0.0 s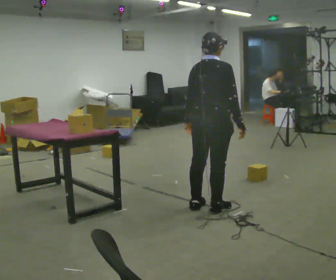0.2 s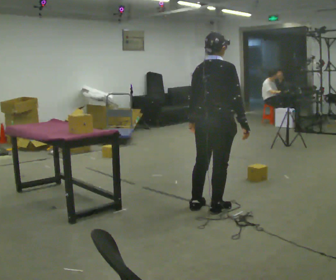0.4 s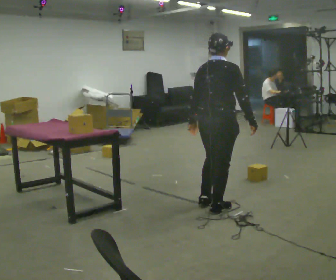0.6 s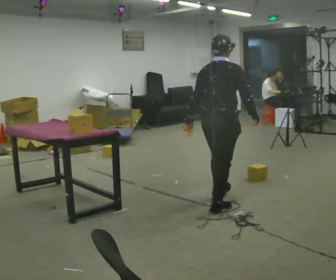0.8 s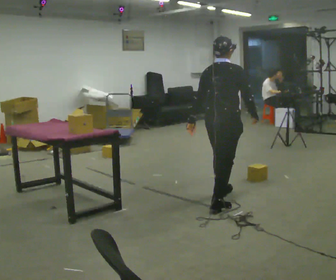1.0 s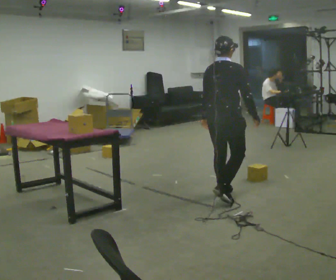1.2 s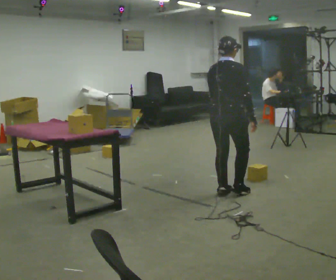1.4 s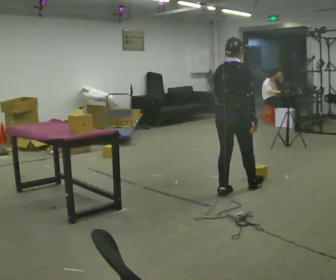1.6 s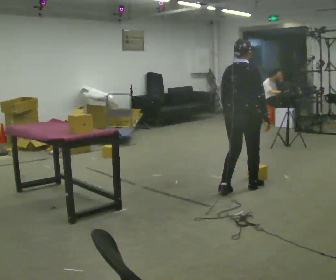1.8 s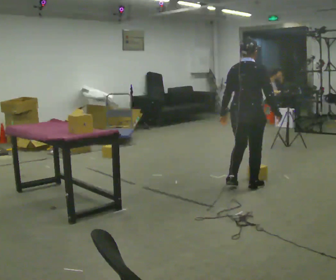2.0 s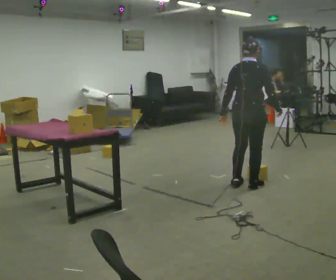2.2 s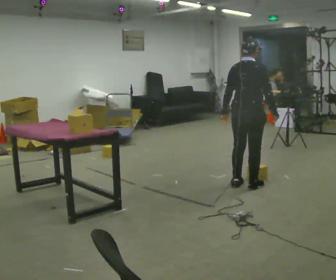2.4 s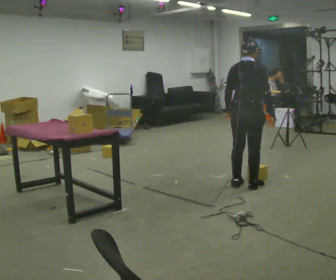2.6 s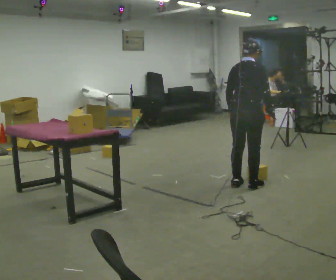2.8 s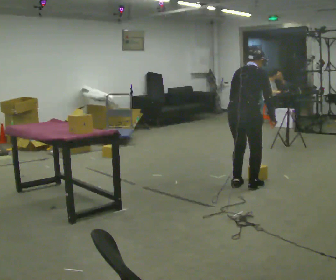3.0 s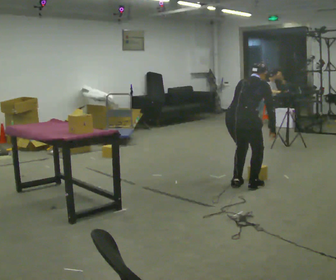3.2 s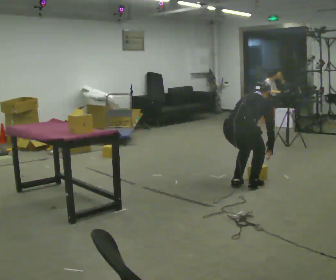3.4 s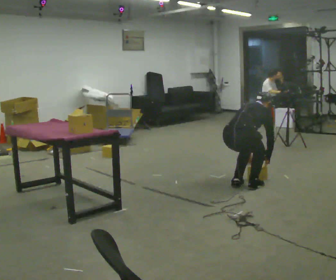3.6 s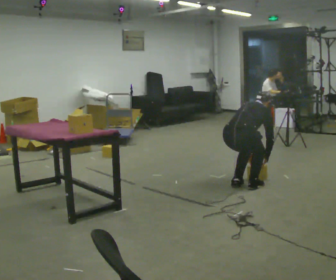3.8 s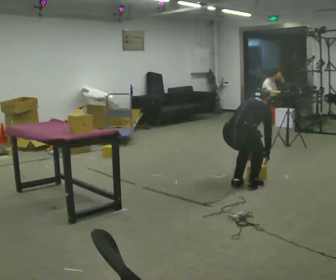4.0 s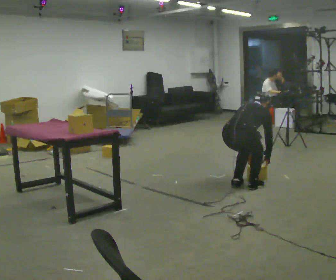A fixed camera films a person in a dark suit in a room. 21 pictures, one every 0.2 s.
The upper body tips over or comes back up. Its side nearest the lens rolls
upward.
0.0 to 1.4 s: In the picture they go away from the camera and to the right, about 0.5 m in 1 step, which for them is forward.
1.4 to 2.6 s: In the picture they go away from the camera and to the right, about 0.25 m in 2 steps, which for them is forward.
2.6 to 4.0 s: The shoulders move downward. The upper body tips away from the camera, its near side rolling upward, as they bend forward. In the picture their right hand goes downward.
The film runs forward here.
